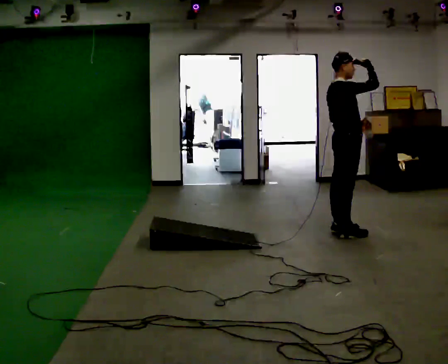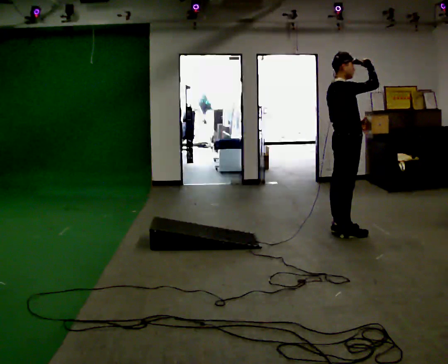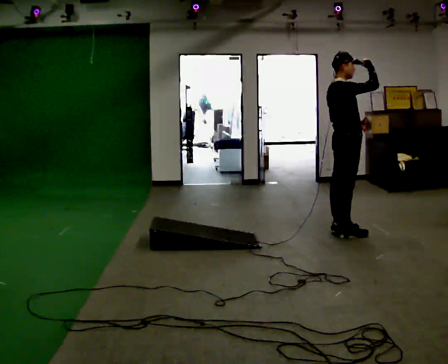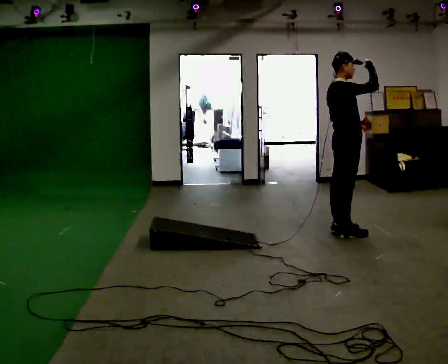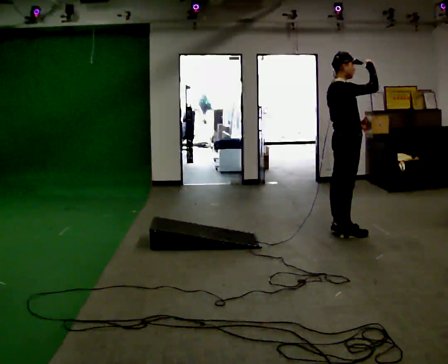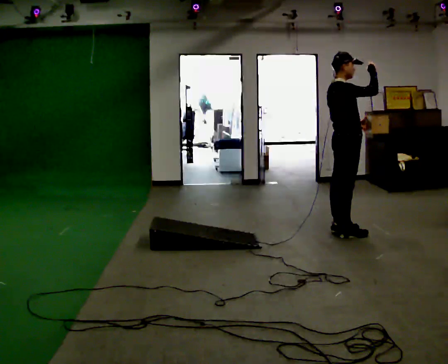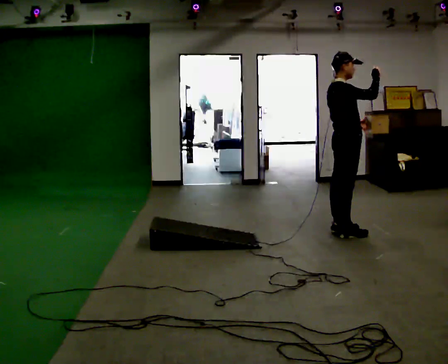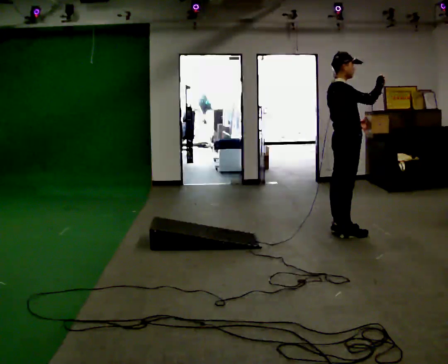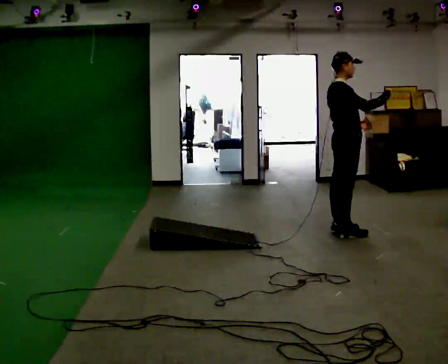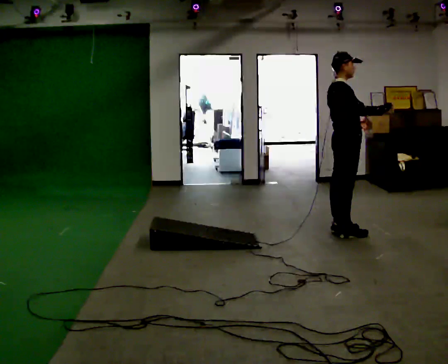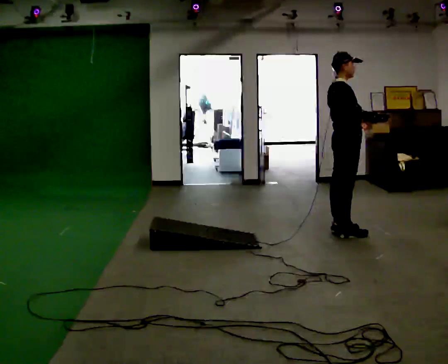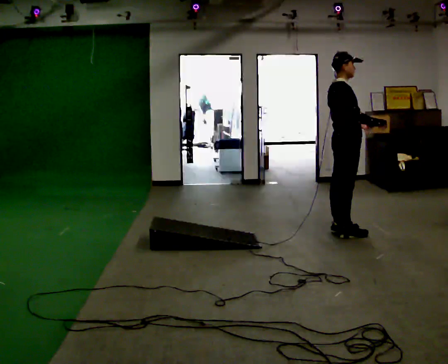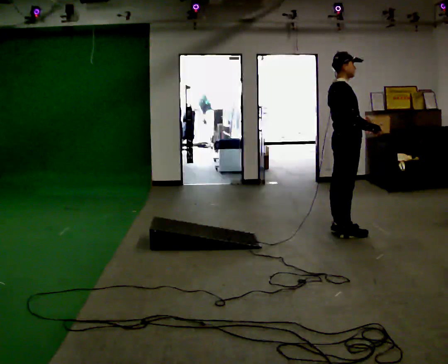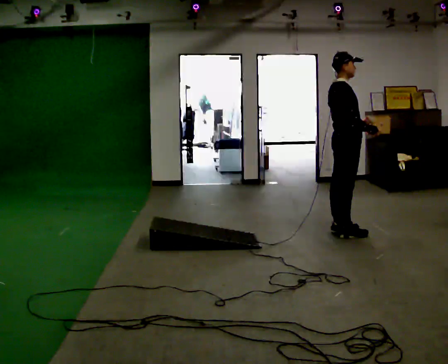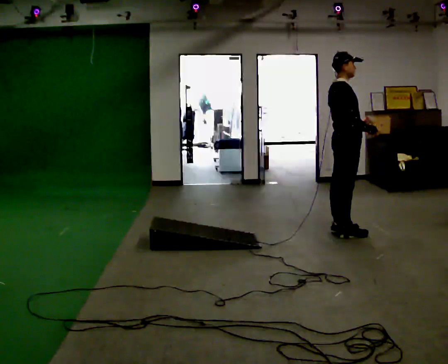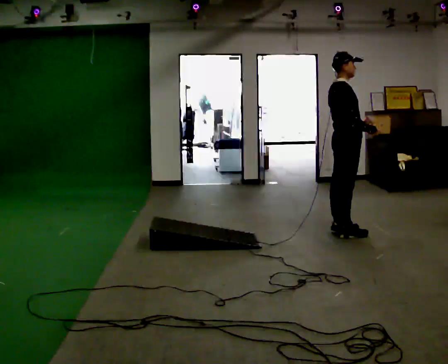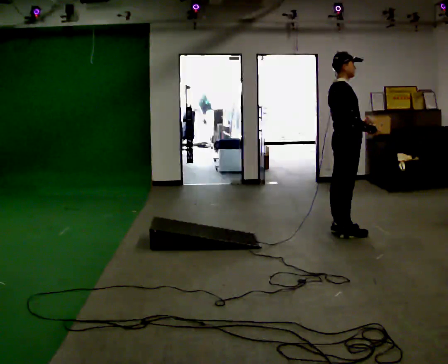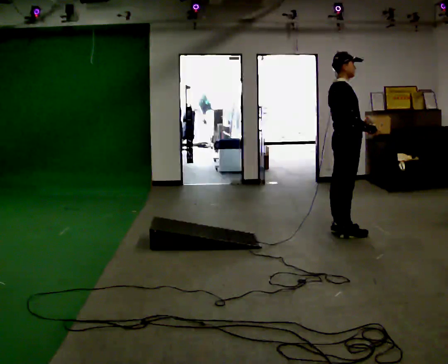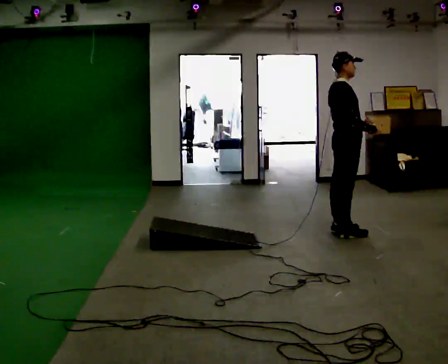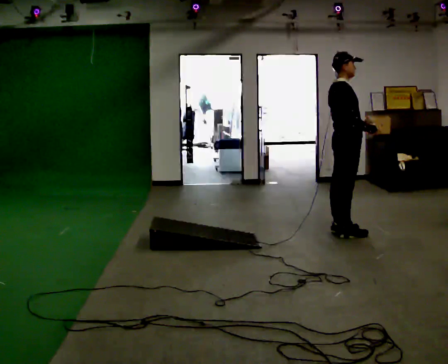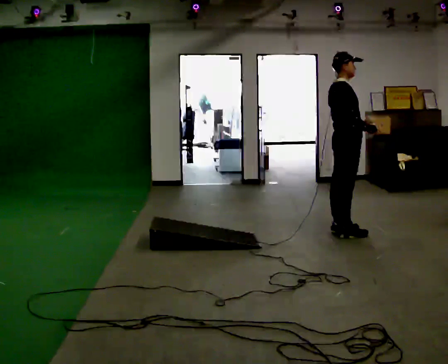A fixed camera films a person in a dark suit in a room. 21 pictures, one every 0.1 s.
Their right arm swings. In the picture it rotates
clockwise.
Their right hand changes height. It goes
downward.
0.0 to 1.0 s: In the picture their right hand goes downward, the arm swinging clockwise.
1.0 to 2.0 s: The person moves a little, or ends about where they began.
The film runs backward here.
